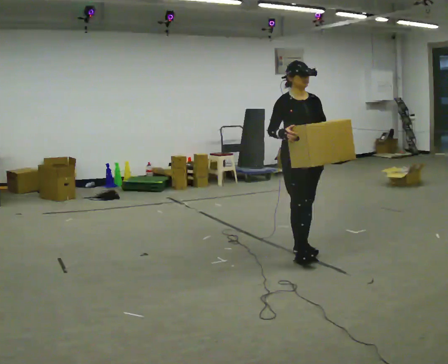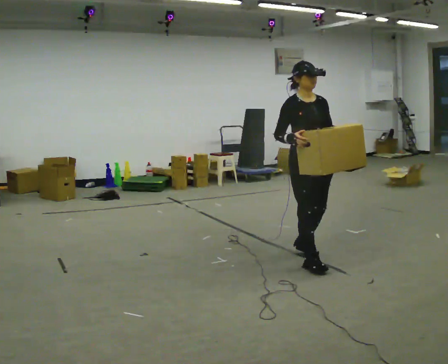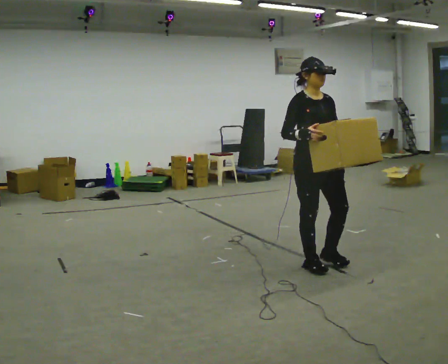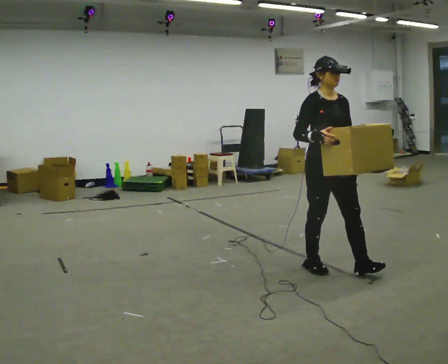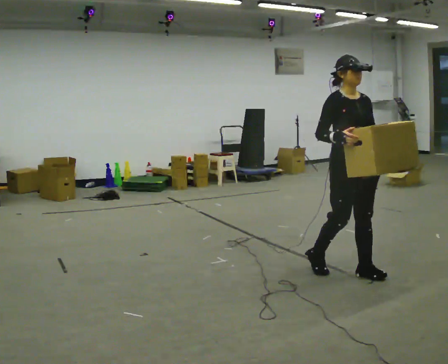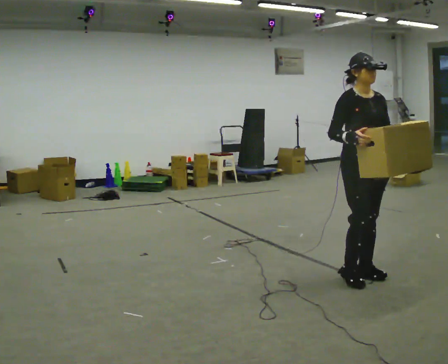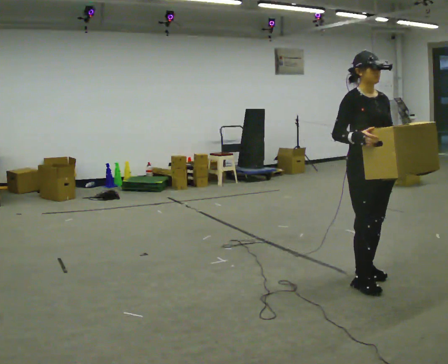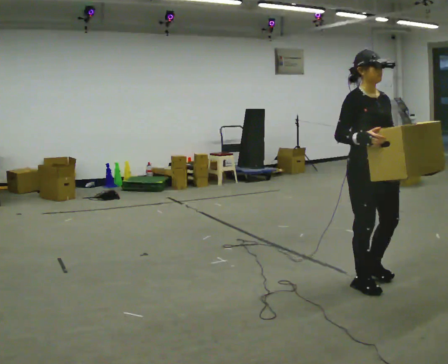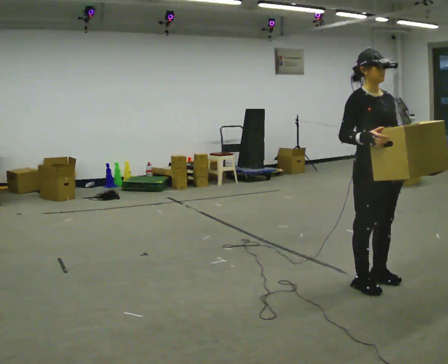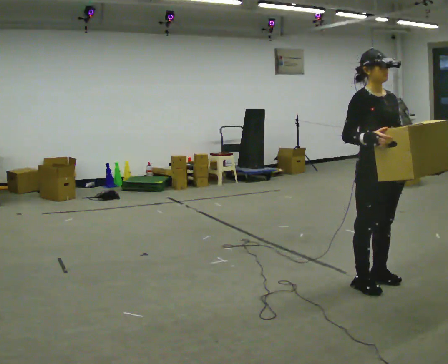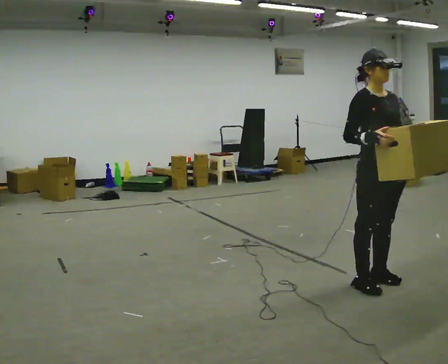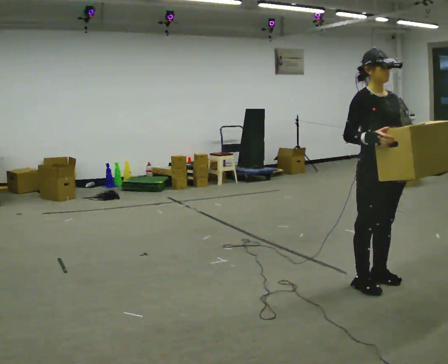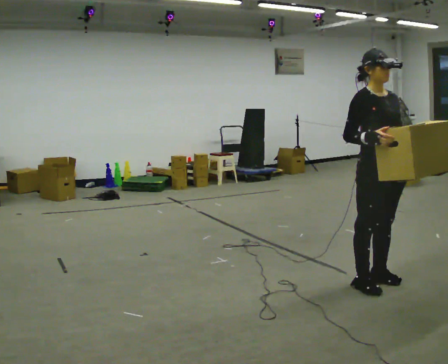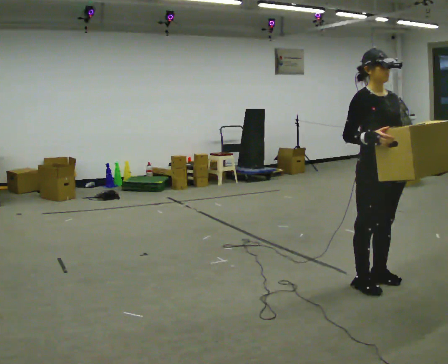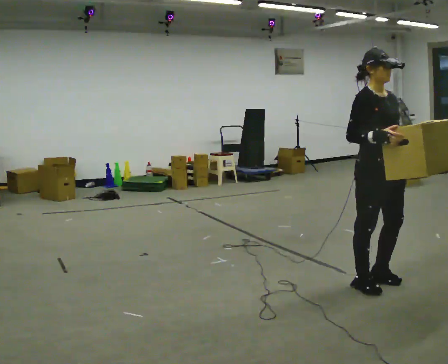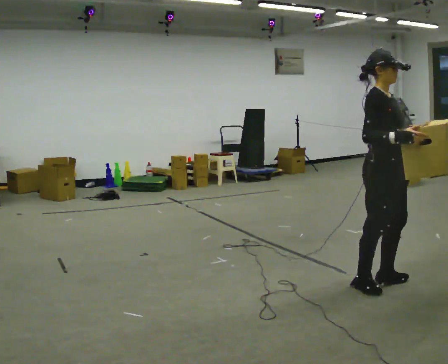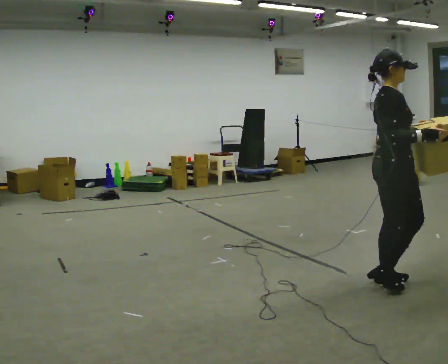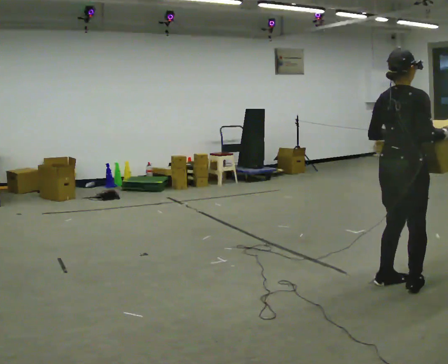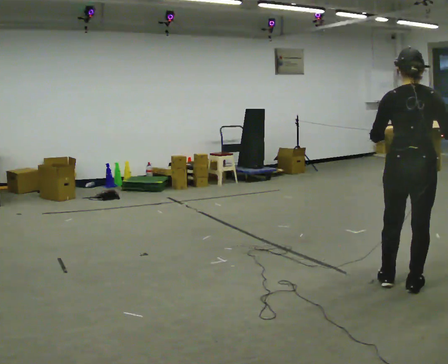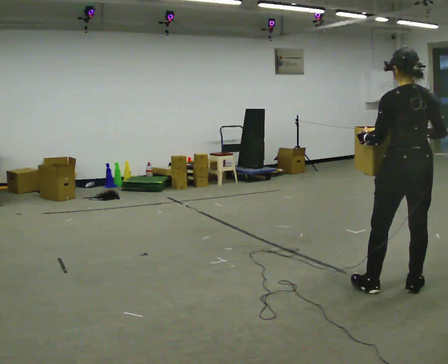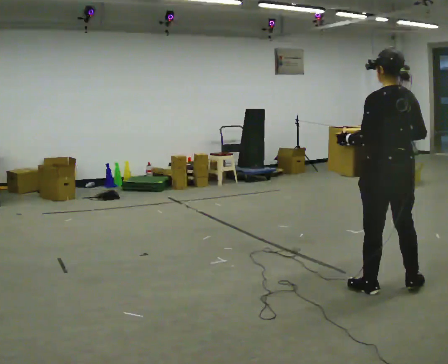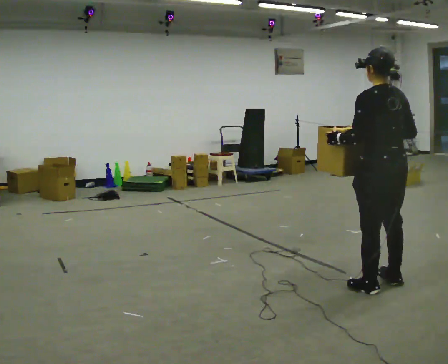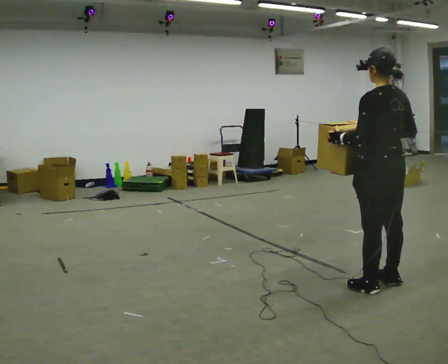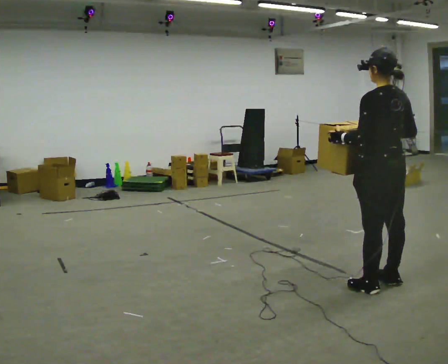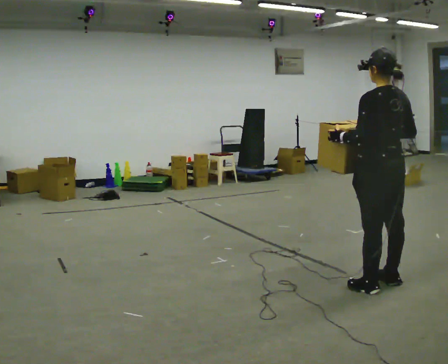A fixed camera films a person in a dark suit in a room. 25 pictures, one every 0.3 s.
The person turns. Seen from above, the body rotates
counterclockwise.
The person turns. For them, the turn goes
to their left.
0.0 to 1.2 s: In the picture they go toward the camera and to the right, about 0.75 m in 2 steps, which for them is forward.
1.2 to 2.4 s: In the picture they go toward the camera and to the right, about 0.25 m in 2 steps, which for them is forward.
2.4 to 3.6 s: The person moves a little, or ends about where they began.
3.6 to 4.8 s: The part of the body nearest the lens slides to the right as the person turns to their left by about 60 degrees.
4.8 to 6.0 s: The person turns about 105 degrees to their left, counterclockwise seen from above, so the part of the body nearest the lens slides to the right. In the picture their left hand goes to the left.
6.0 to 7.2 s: The person moves a little, or ends about where they began.
The film runs forward here.
